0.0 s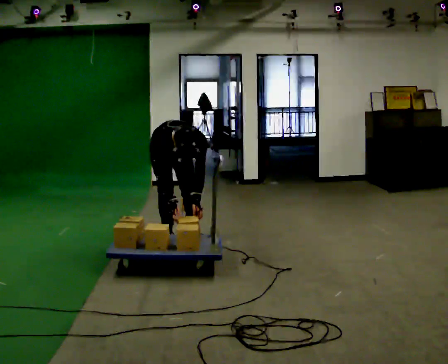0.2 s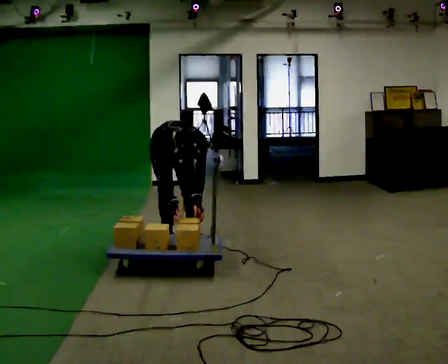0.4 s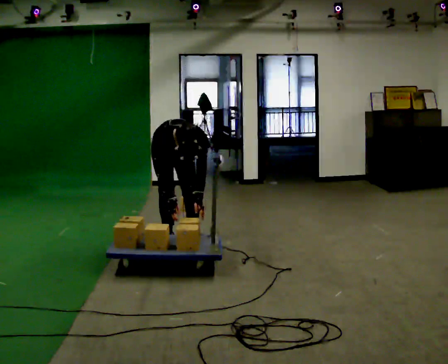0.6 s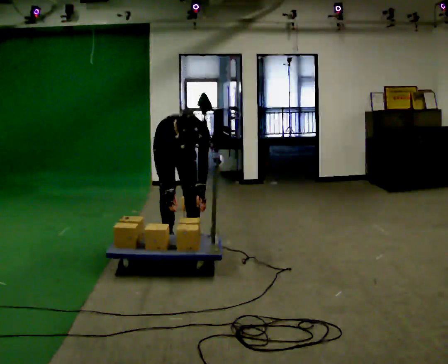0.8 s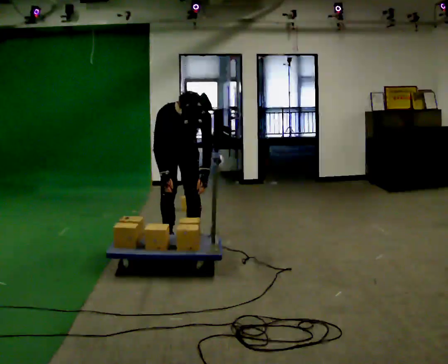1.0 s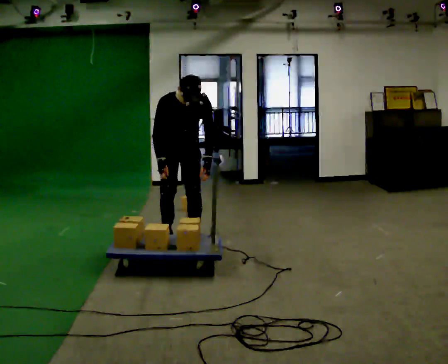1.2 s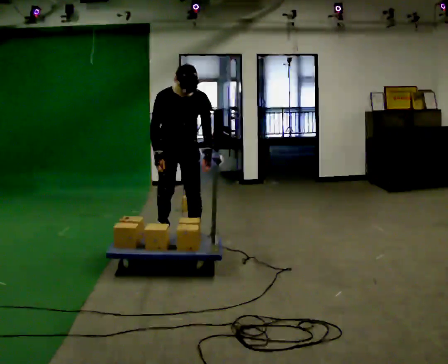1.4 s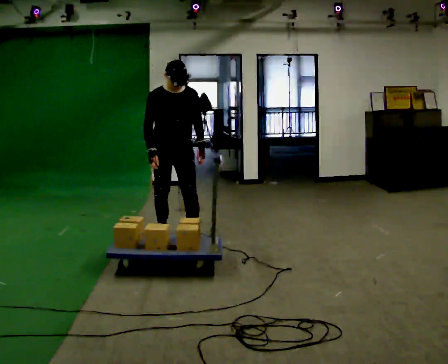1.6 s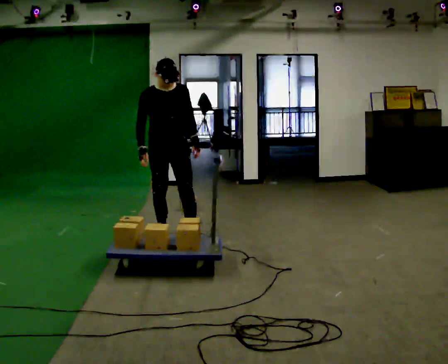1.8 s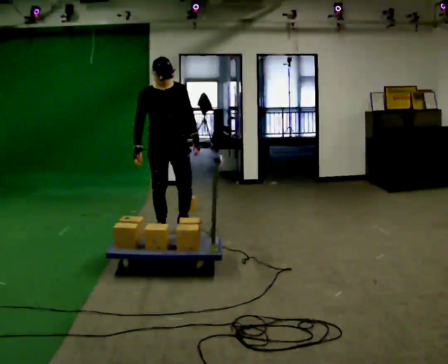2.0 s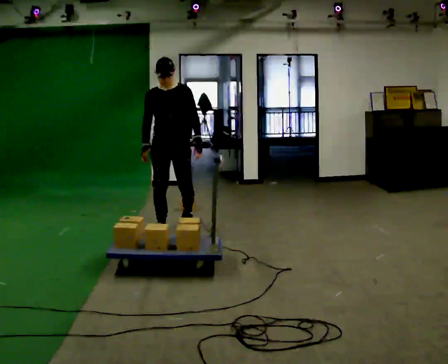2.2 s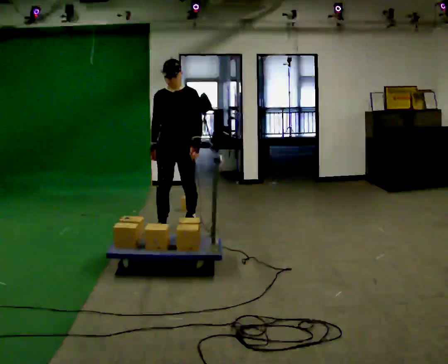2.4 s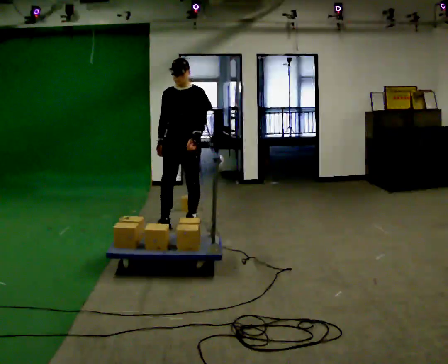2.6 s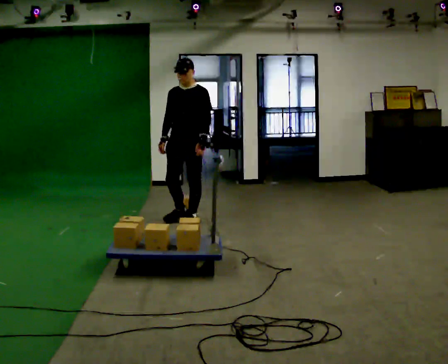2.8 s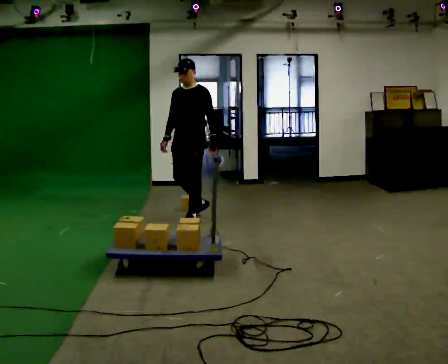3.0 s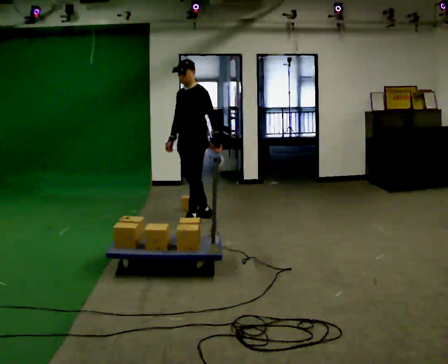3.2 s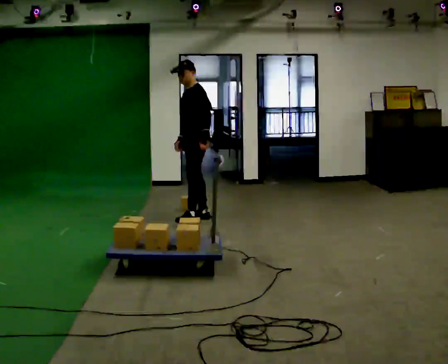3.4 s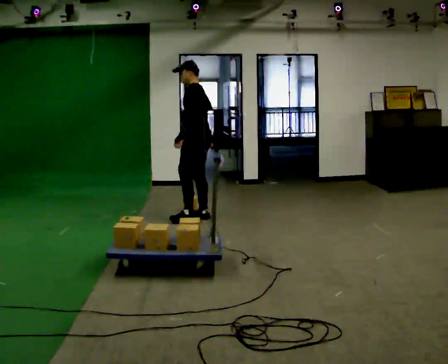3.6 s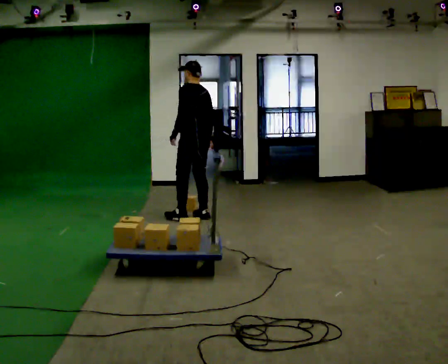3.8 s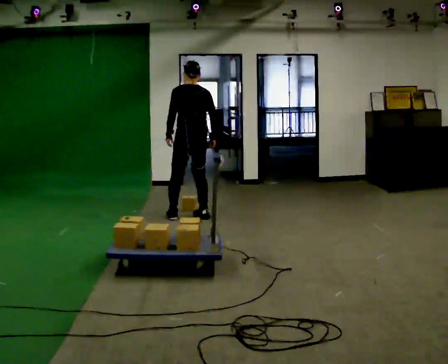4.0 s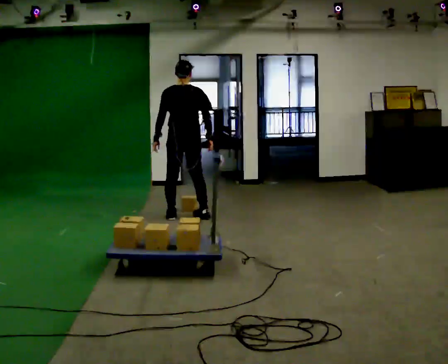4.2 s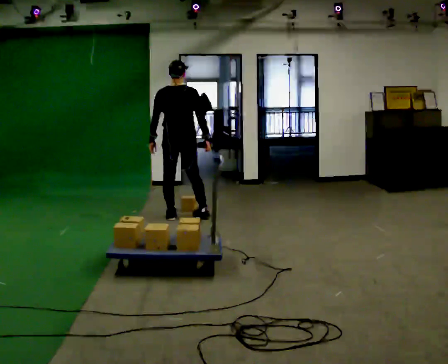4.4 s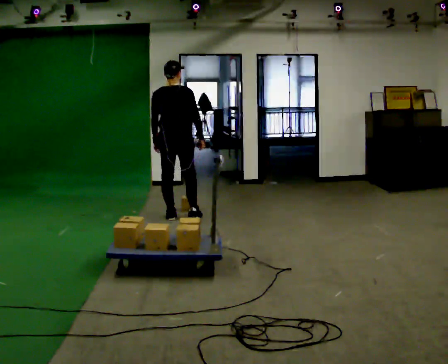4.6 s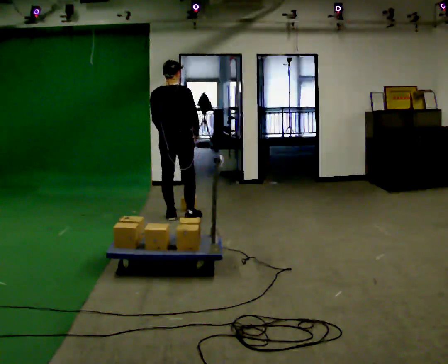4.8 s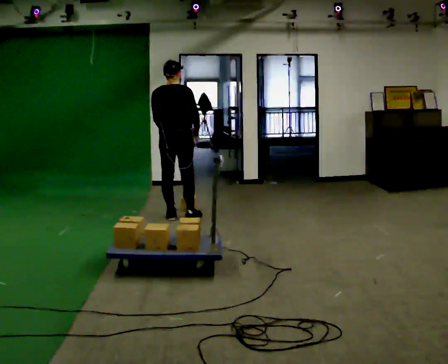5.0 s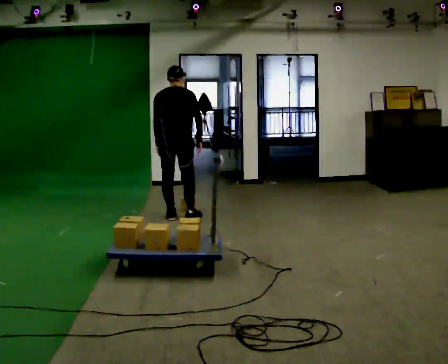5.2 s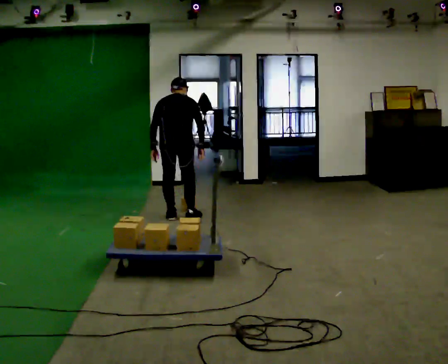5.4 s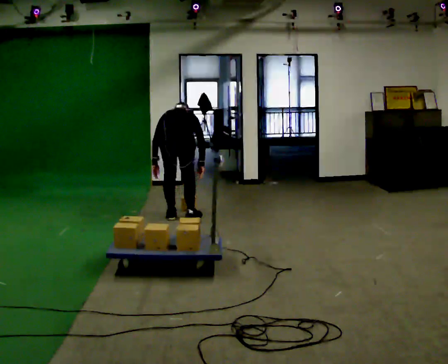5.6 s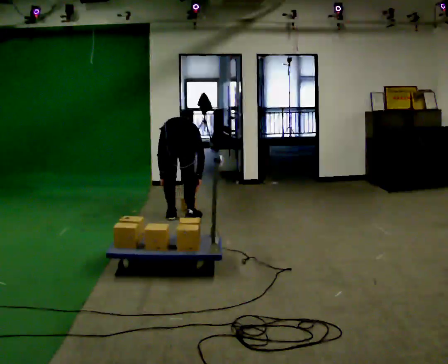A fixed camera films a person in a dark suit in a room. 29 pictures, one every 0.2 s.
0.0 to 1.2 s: The upper body goes upward. The upper body tips away from the camera, its near side rolling upward, as they lean back or straighten. In the picture their right hand goes upward.
1.2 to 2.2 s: In the picture they go away from the camera, about 0.5 m in 1 step, which for them is backward. The upper body tips away from the camera, its near side rolling upward, as they lean back or straighten.
2.2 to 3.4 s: Seen from above the body turns clockwise, about 105 degrees: to their right, with its near side sliding to the left. In the picture they go away from the camera and to the right, about 0.5 m in 2 steps.
3.4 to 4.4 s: The person turns about 75 degrees to their right, clockwise seen from above, so the part of the body nearest the lens slides to the left. In the picture they go to the left, about 0.25 m in 1 step.
4.4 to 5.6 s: The shoulders move downward. The upper body tips away from the camera, its near side rolling upward, as they bend forward. In the picture their left hand goes downward.
The film runs backward here.
